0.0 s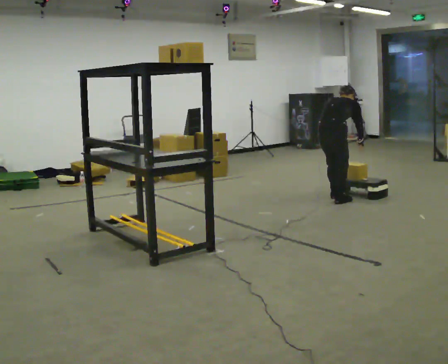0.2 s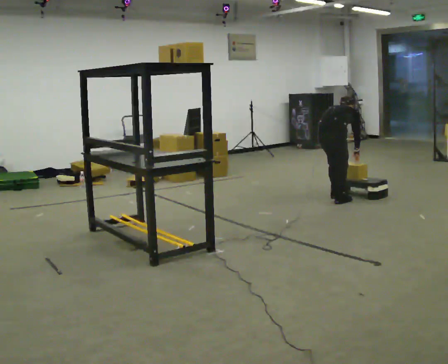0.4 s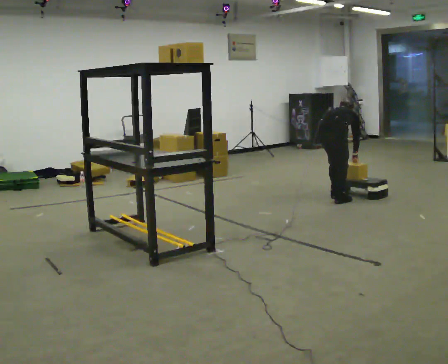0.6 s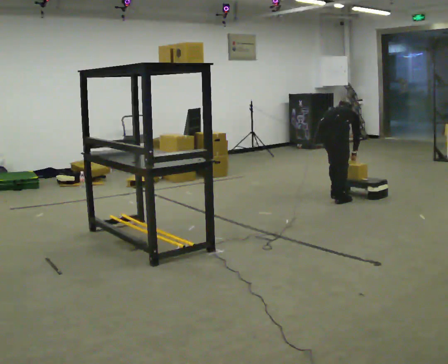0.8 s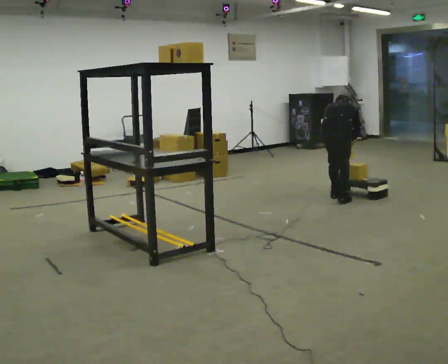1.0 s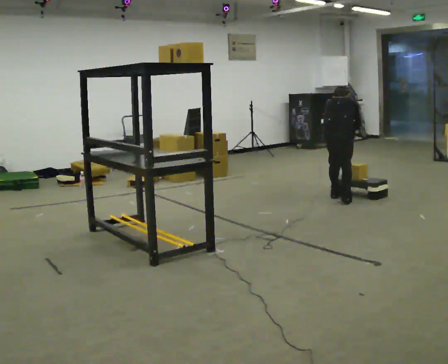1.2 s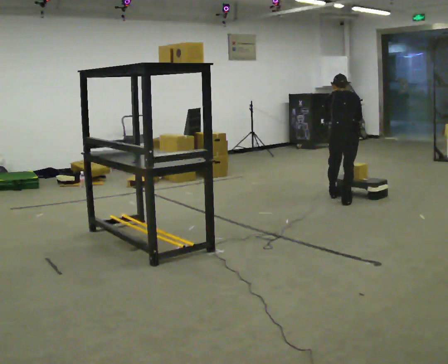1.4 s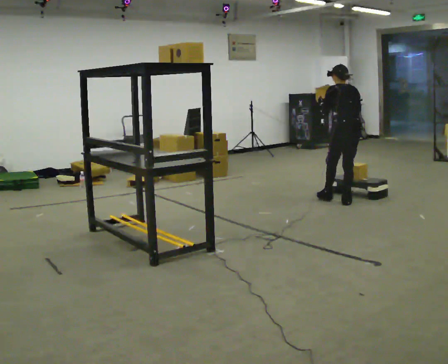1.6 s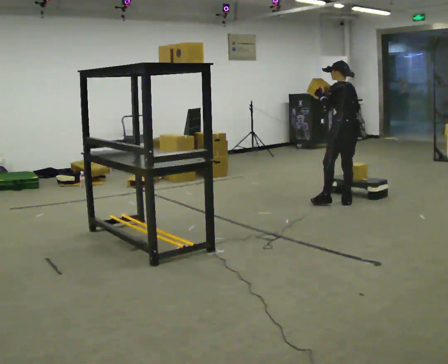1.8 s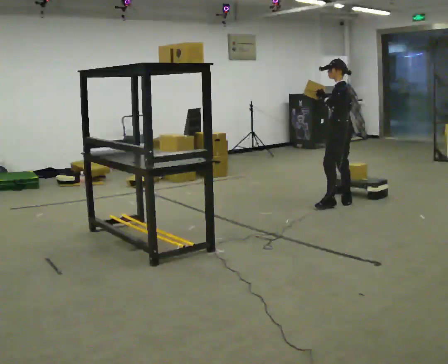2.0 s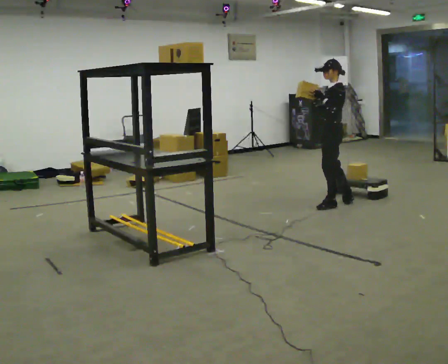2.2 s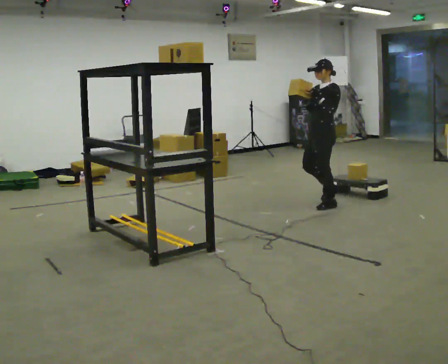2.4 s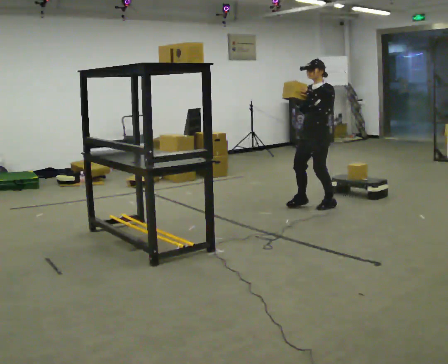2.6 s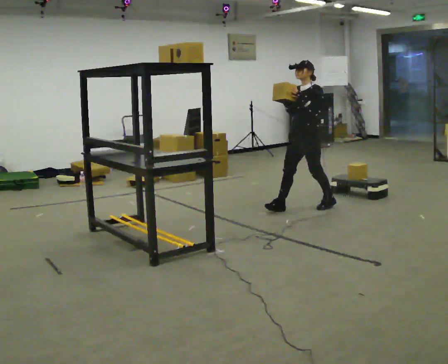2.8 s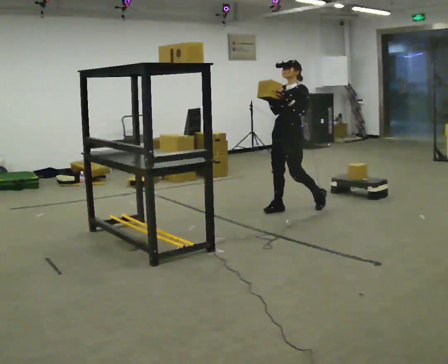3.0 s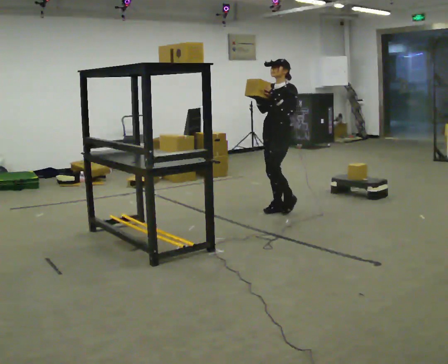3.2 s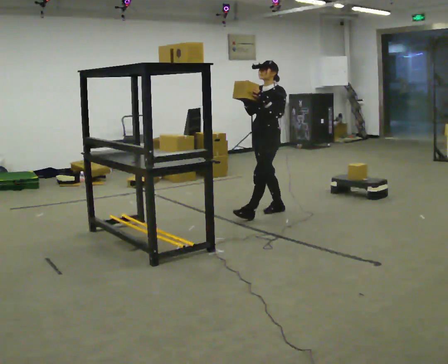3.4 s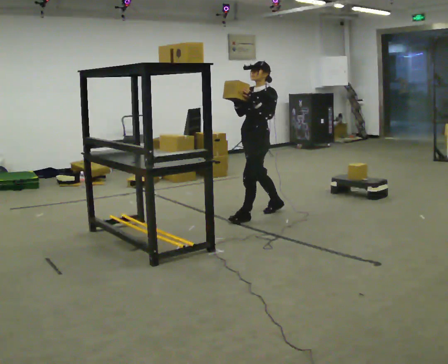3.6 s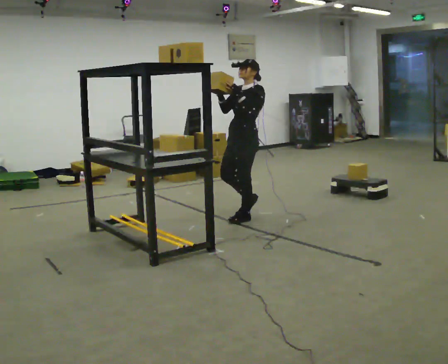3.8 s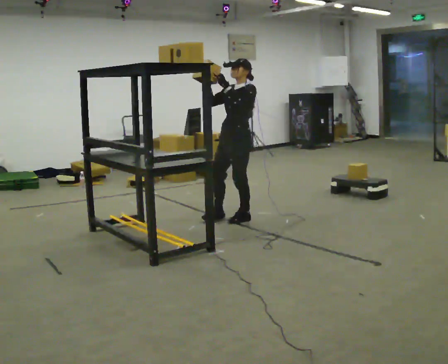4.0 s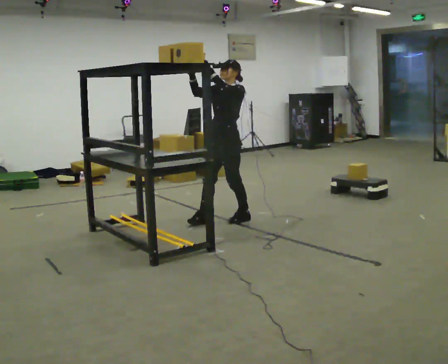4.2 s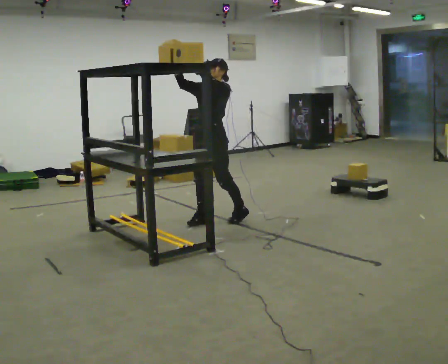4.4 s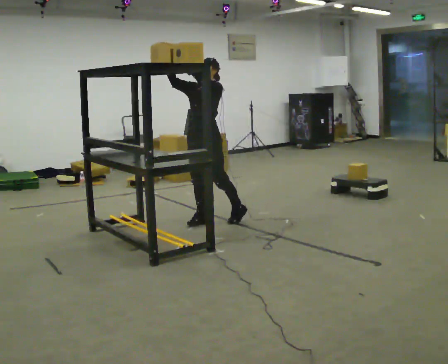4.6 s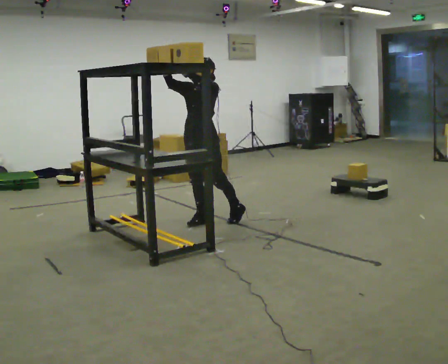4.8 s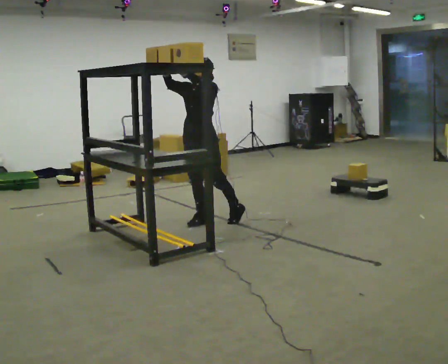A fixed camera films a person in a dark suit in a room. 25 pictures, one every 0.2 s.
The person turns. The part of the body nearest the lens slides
to the right.
The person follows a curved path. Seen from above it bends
clockwise.
0.0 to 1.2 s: The person turns about 45 degrees to their left, counterclockwise seen from above, so the part of the body nearest the lens slides to the right. In the picture they go to the right, about 0.25 m, which for them is to their right. In the picture their right hand goes upward.
1.2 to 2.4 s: Seen from above the body turns counterclockwise, about 120 degrees: to their left, with its near side sliding to the right. In the picture they go to the left and toward the camera, about 0.25 m in 1 step. The upper body tips toward the camera, its near side rolling downward, as they lean back or straighten.
2.4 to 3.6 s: In the picture they go to the left and toward the camera, about 1 m in 2 steps, which for them is forward.
3.6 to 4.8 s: In the picture they go to the left and toward the camera, about 0.5 m in 1 step, which for them is forward and to their right.
The film runs forward here.
